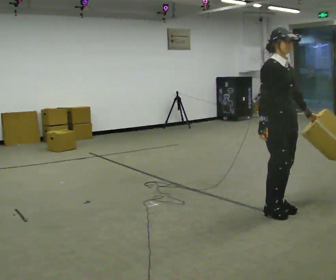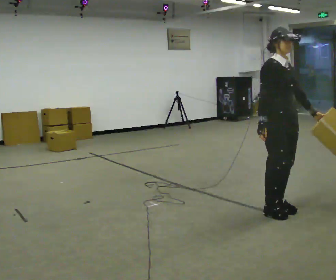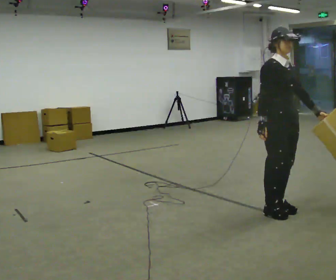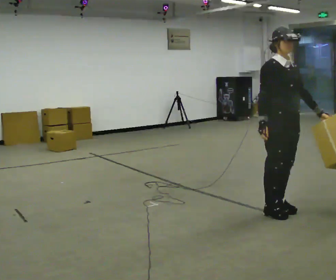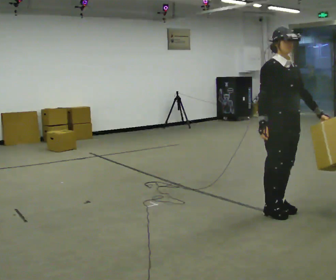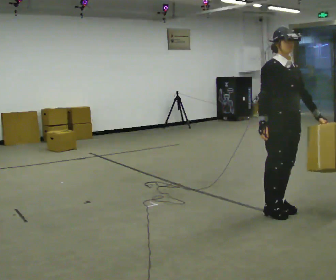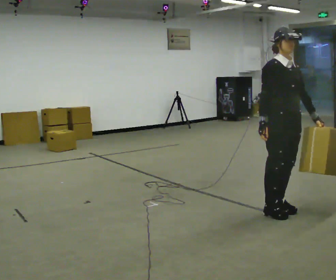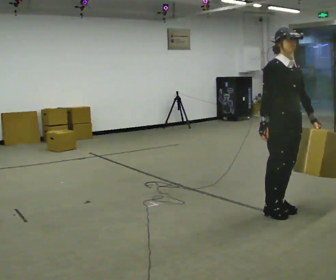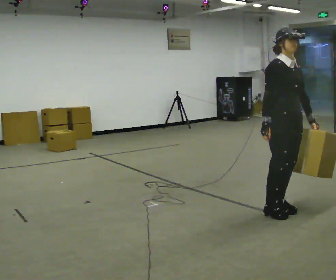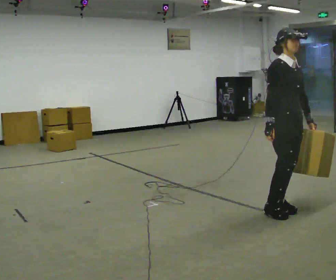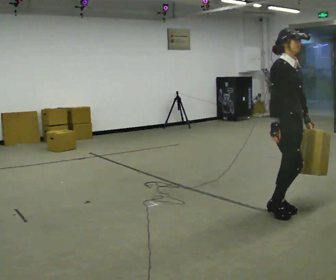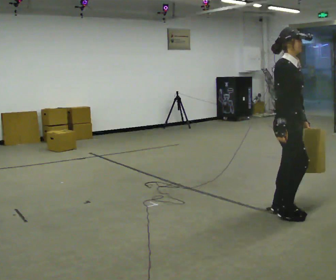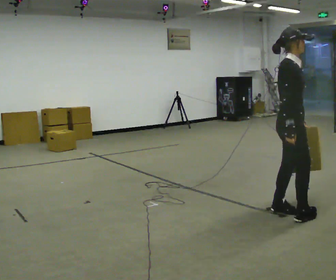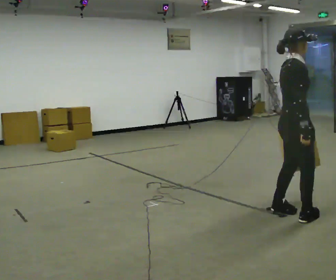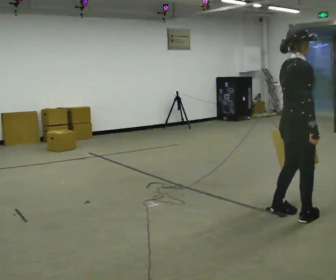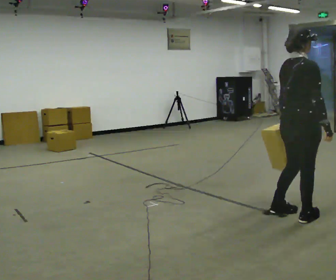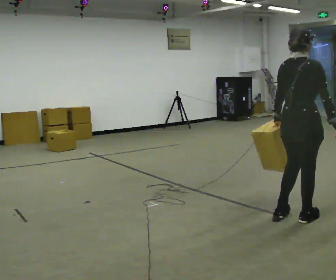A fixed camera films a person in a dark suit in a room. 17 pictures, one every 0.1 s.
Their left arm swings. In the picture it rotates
clockwise.
The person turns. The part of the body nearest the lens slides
to the right.
0.0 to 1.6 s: Seen from above the body turns counterclockwise, about 105 degrees: to their left, with its near side sliding to the right. In the picture they go toward the camera and to the right, about 0.25 m in 1 step.
The film runs forward here.
